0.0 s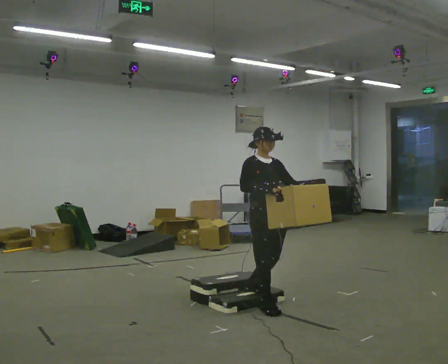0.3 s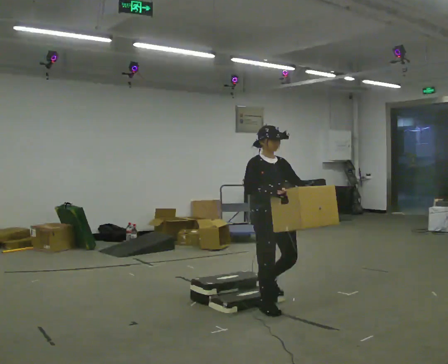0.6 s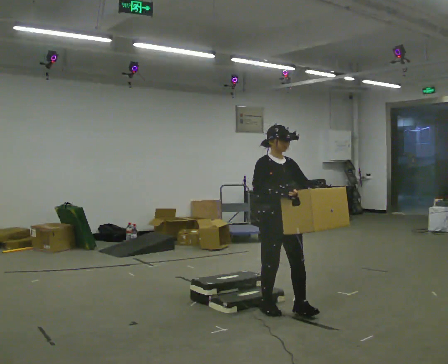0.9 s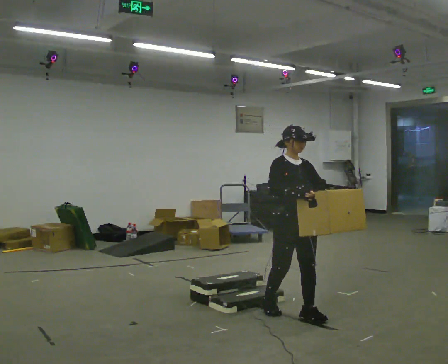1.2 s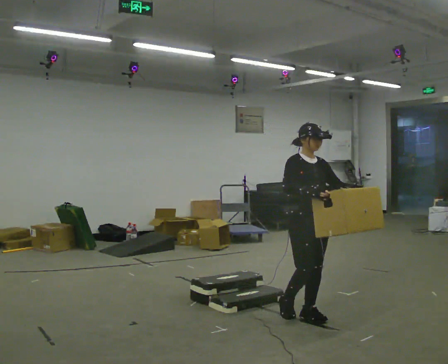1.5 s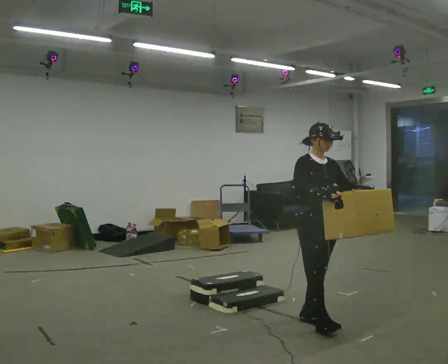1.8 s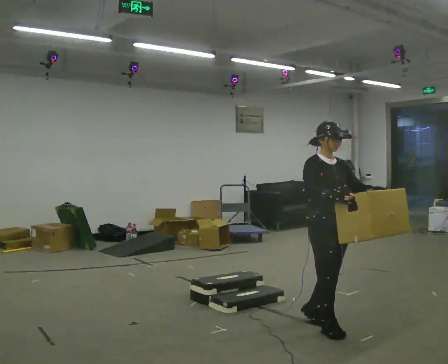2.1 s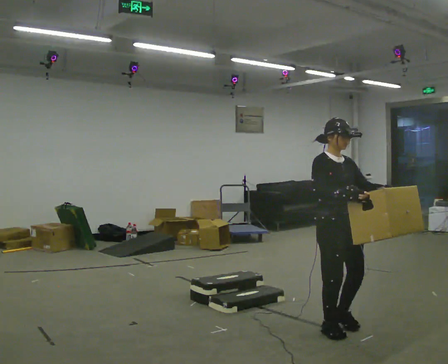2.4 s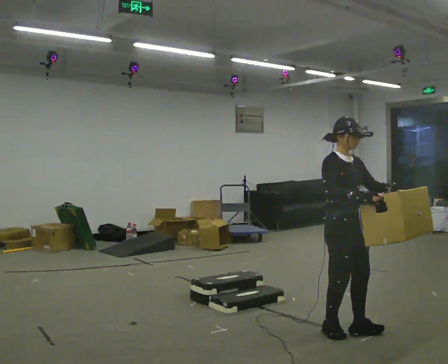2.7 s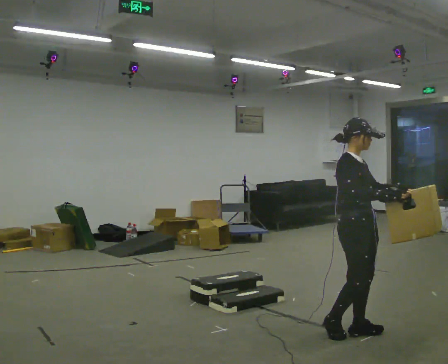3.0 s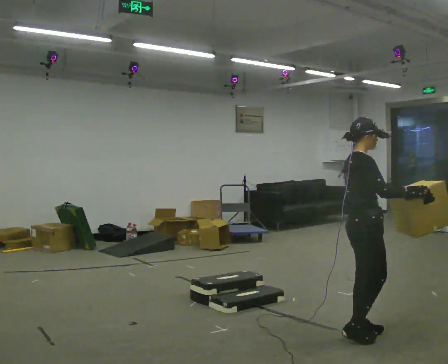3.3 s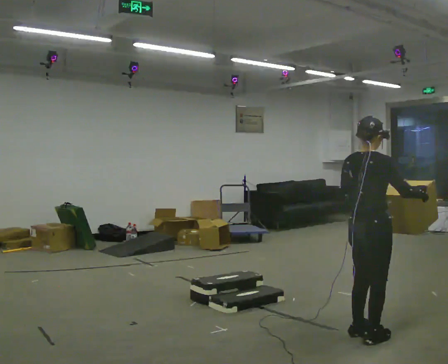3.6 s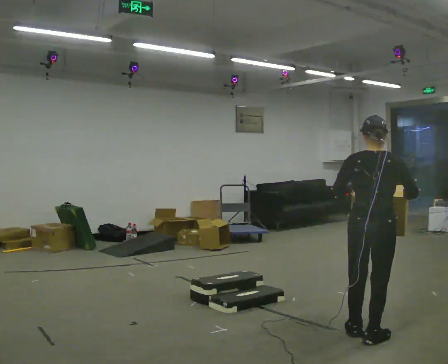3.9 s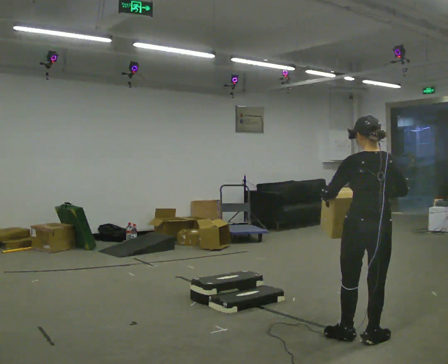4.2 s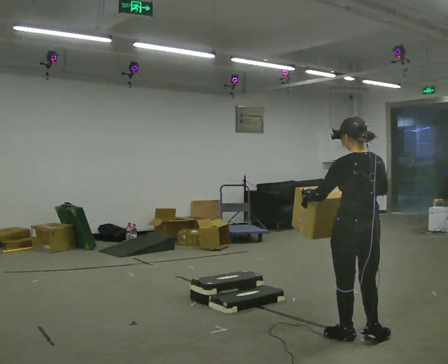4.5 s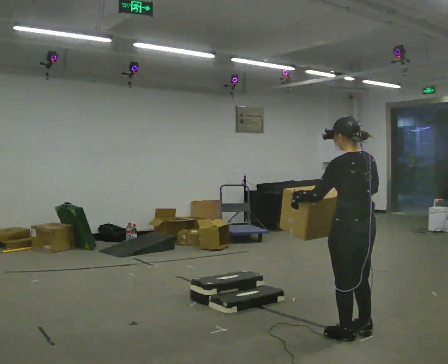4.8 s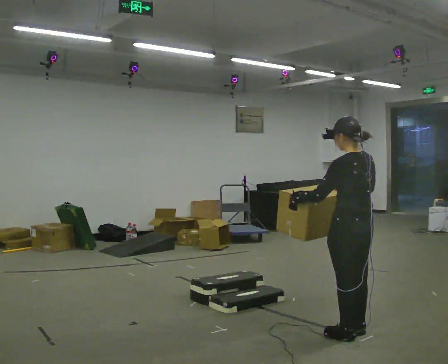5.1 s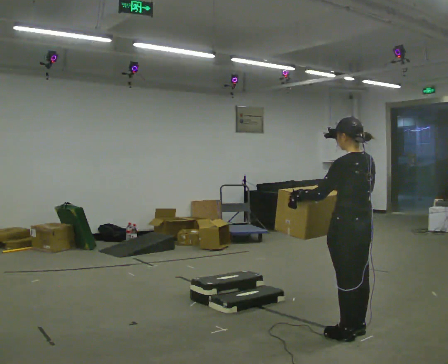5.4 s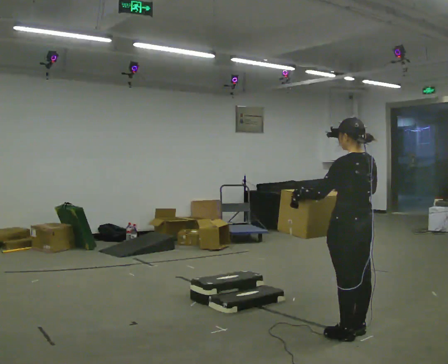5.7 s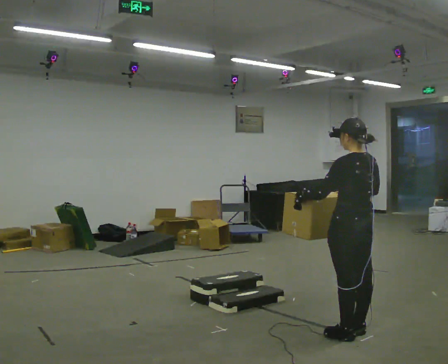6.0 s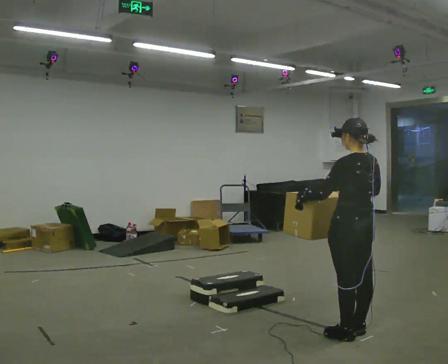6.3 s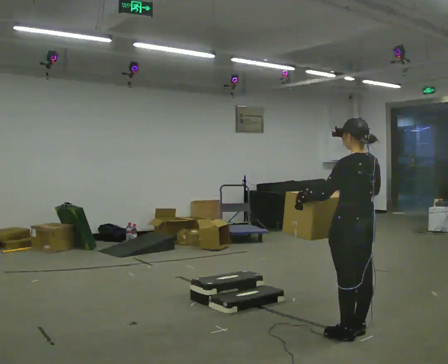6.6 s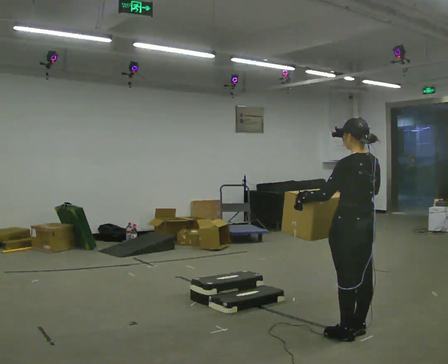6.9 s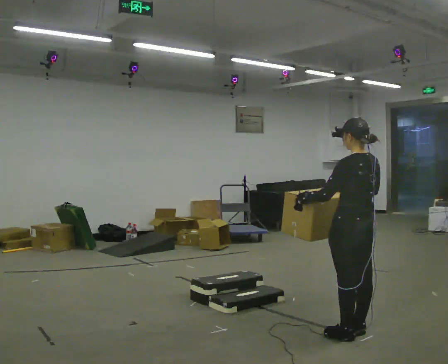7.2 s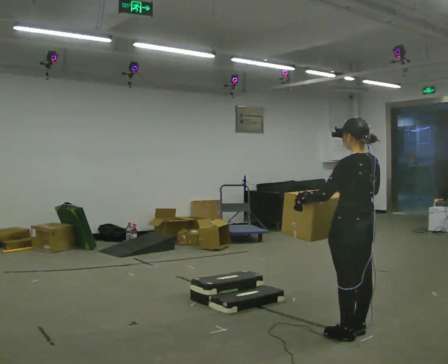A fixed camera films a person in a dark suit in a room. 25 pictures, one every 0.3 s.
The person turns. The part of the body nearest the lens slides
to the right.
The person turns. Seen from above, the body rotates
counterclockwise.
0.0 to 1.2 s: In the picture they go to the right and toward the camera, about 0.5 m in 1 step, which for them is forward.
1.2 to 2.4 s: In the picture they go to the right and toward the camera, about 0.5 m in 2 steps, which for them is forward.
2.4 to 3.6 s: The person turns about 120 degrees to their left, counterclockwise seen from above, so the part of the body nearest the lens slides to the right. In the picture they go to the right, about 0.25 m in 1 step.
3.6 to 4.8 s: The person turns about 60 degrees to their left, counterclockwise seen from above, so the part of the body nearest the lens slides to the right. In the picture their right hand goes to the left.
4.8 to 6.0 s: The person moves a little, or ends about where they began.
6.0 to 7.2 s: The person keeps their place and pose.
The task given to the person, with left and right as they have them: Carry the box up the three steps, turn at the top, and carry it back down. Use the handrail only if you need it. Keep going until the operator says stop; one object at a time, and do not rush between trips.
The film runs forward here.
